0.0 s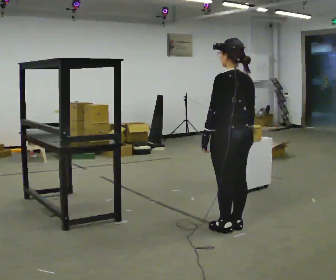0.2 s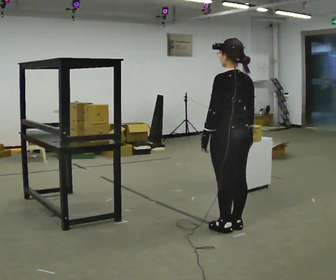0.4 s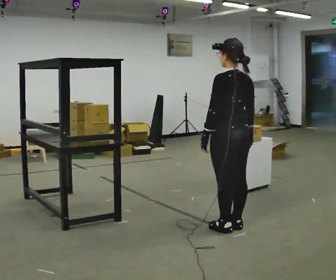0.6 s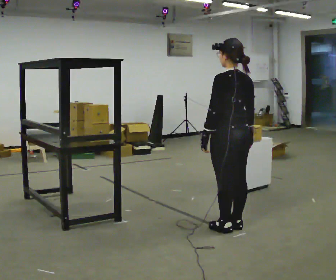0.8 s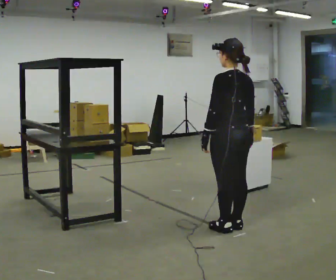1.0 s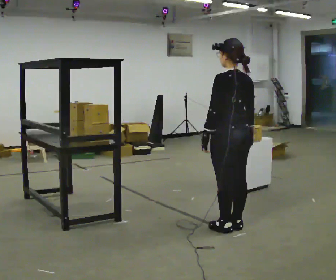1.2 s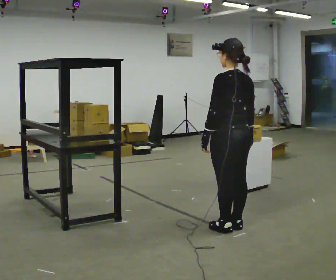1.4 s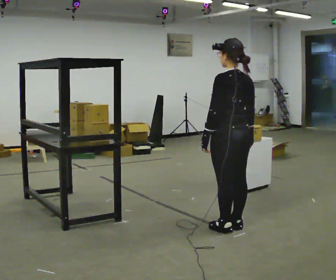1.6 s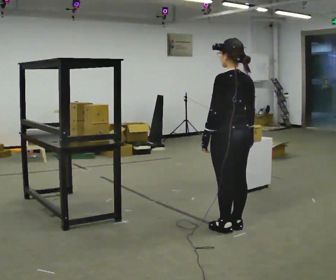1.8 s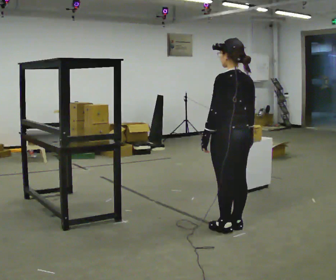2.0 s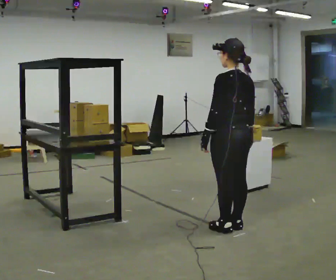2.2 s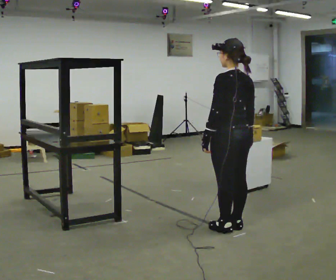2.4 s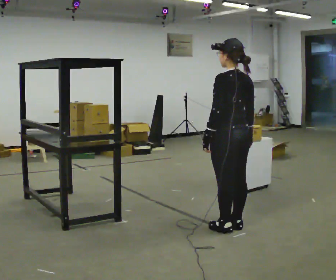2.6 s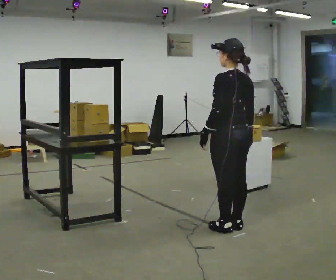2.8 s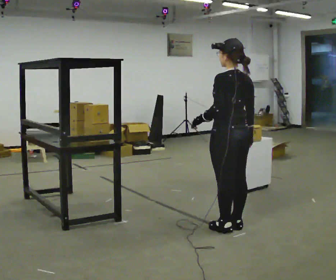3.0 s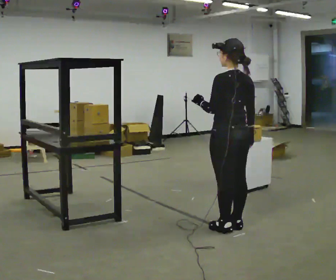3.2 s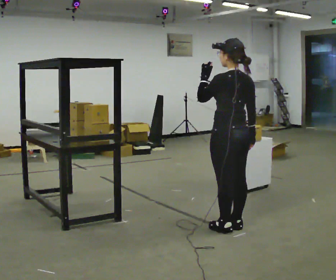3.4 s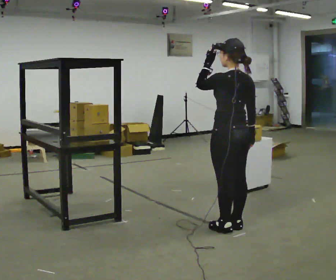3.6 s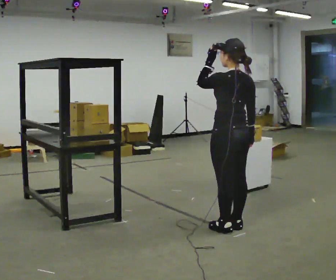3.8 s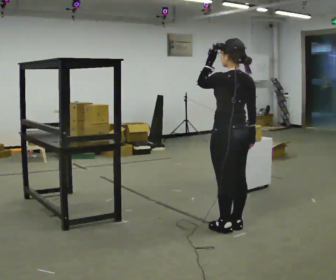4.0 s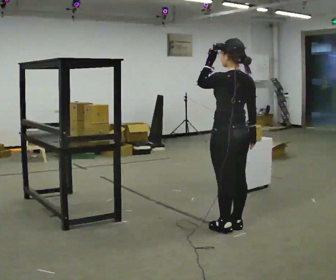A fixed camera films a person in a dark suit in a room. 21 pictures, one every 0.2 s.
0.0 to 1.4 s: The person keeps their place and pose.
1.4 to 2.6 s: The person moves a little, or ends about where they began.
2.6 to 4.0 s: In the picture their left hand goes upward.
The film runs backward here.
